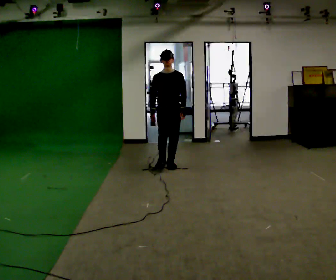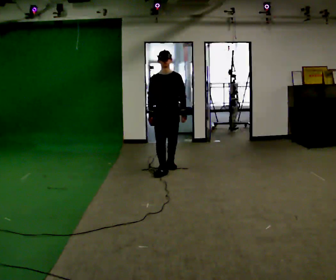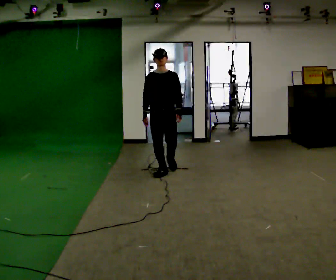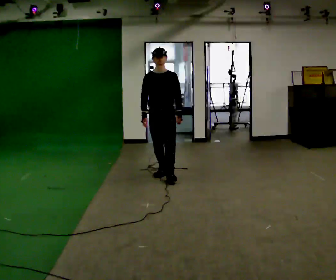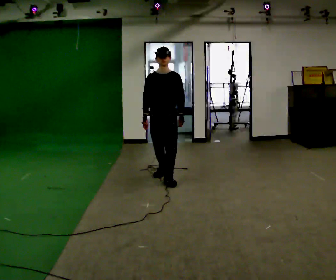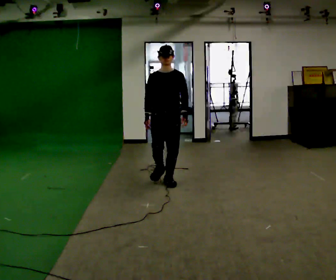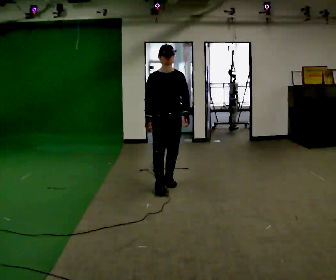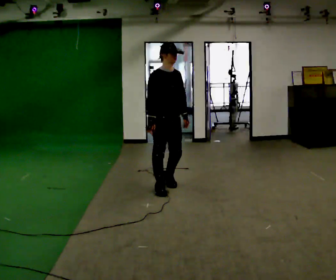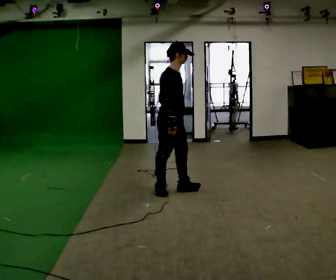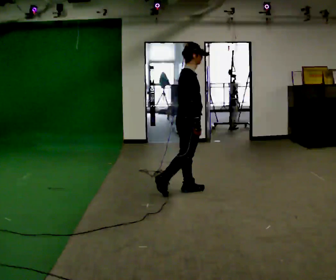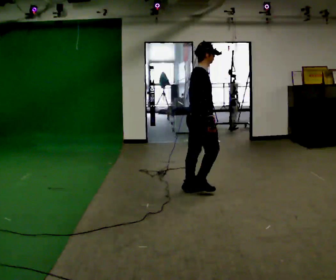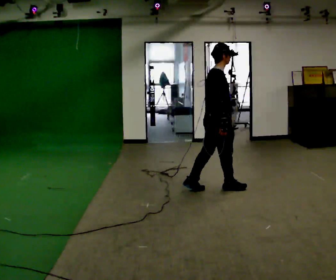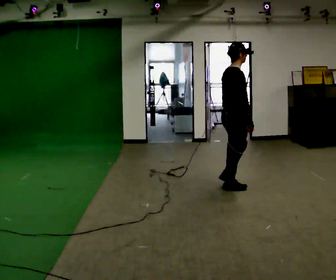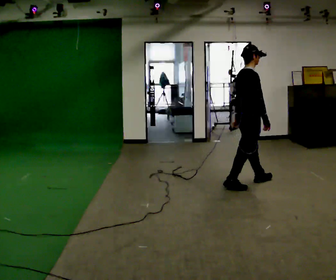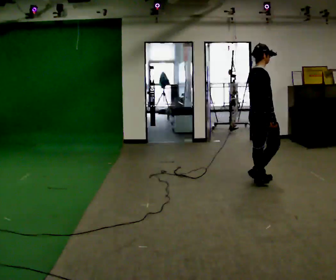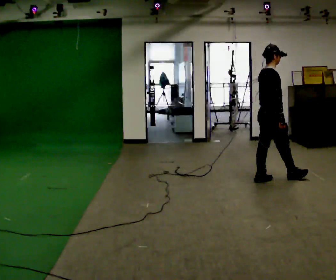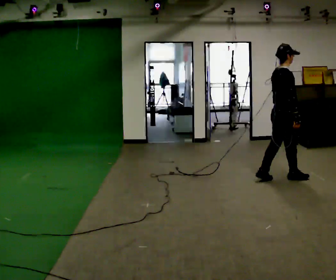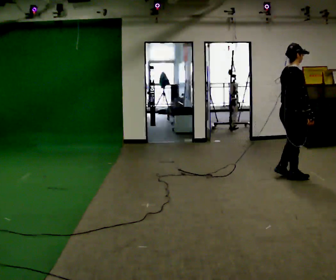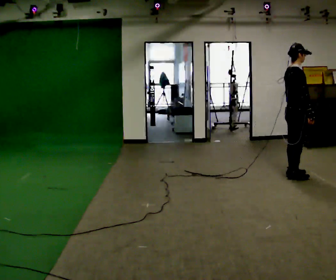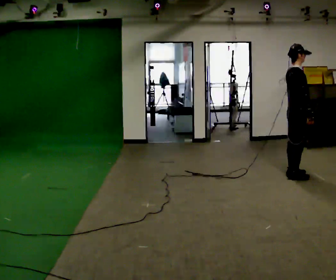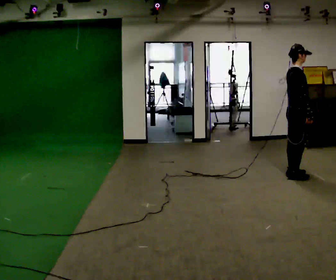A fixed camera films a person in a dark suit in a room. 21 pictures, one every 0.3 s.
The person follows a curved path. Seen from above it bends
counterclockwise.
The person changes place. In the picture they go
to the right.
0.0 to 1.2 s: In the picture they go toward the camera, about 0.75 m in 2 steps, which for them is forward.
1.2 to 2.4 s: The person turns about 75 degrees to their left, counterclockwise seen from above, so the part of the body nearest the lens slides to the right. In the picture they go toward the camera, about 0.5 m in 1 step.
2.4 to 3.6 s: The part of the body nearest the lens slides to the right as the person turns to their left by about 30 degrees. In the picture they go to the right, about 0.5 m in 2 steps, which for them is forward.
3.6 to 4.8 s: In the picture they go to the right and away from the camera, about 0.5 m in 2 steps, which for them is forward.
4.8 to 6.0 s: In the picture they go to the right, about 0.25 m in 1 step, which for them is forward.
The film runs forward here.
